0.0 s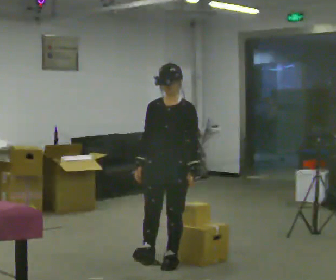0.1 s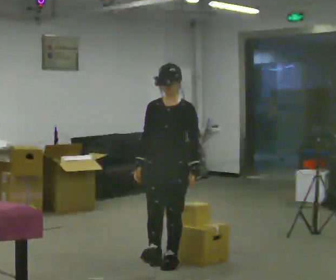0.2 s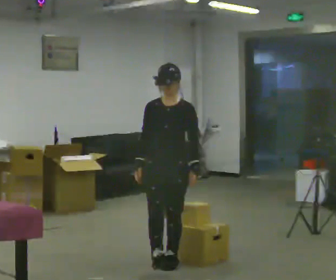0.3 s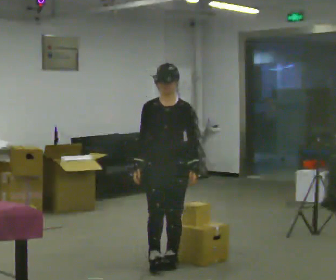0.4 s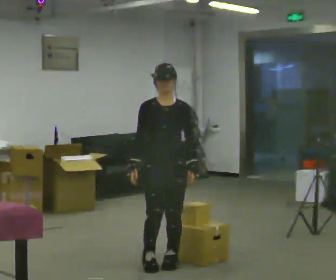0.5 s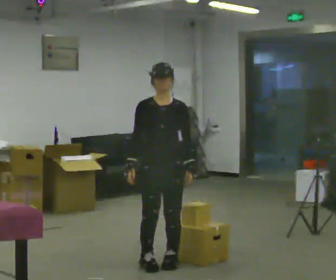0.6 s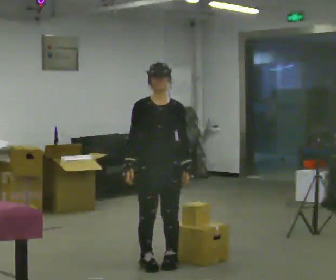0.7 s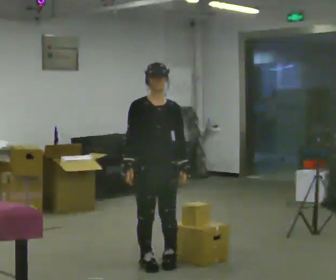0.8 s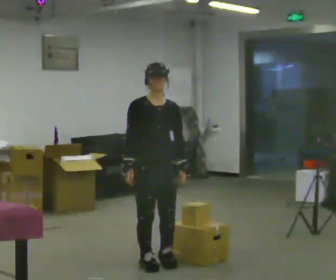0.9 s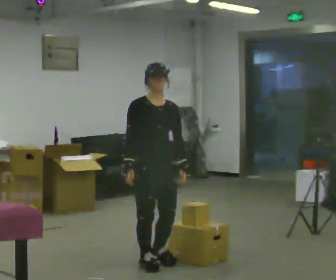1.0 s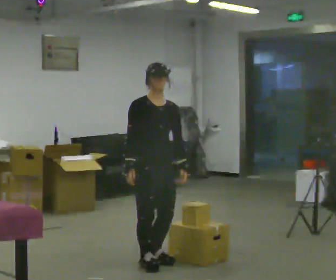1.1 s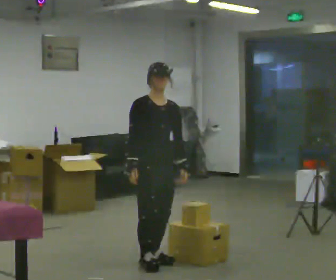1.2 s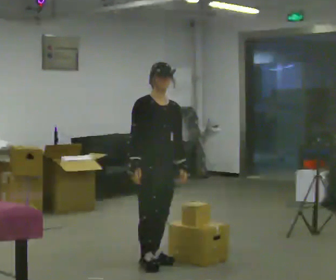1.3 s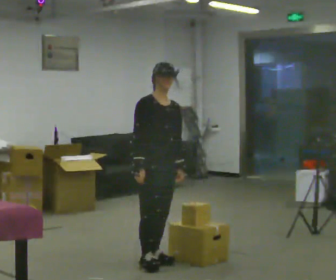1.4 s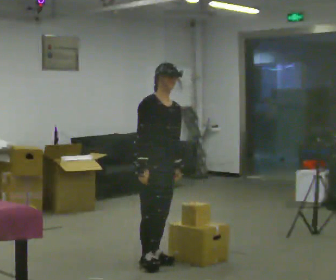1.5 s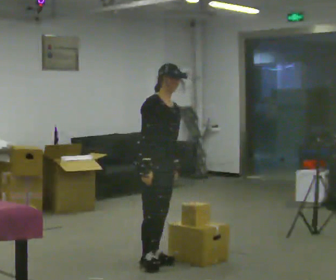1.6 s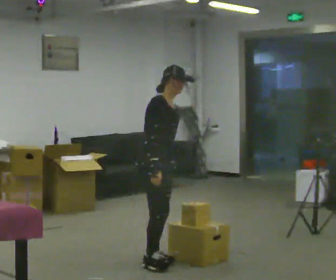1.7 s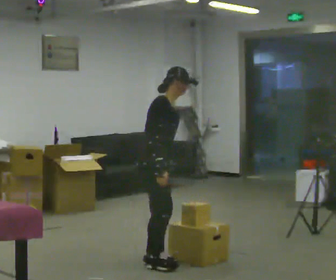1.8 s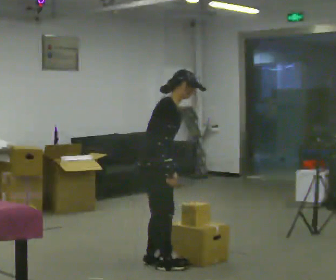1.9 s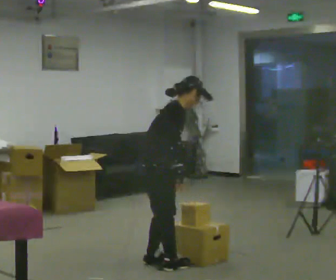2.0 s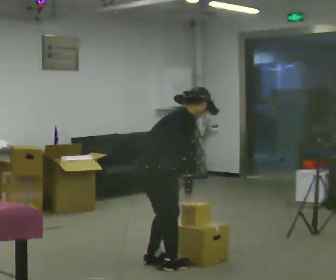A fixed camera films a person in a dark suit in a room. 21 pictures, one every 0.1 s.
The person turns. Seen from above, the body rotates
counterclockwise.
The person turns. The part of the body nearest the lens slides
to the right.
0.0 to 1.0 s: Seen from above the body turns counterclockwise, about 45 degrees: to their left, with its near side sliding to the right.
1.0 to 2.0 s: The person turns about 75 degrees to their left, counterclockwise seen from above, so the part of the body nearest the lens slides to the right. In the picture the upper body tilts clockwise, shoulders to the right, as they bend forward.
The film runs backward here.
